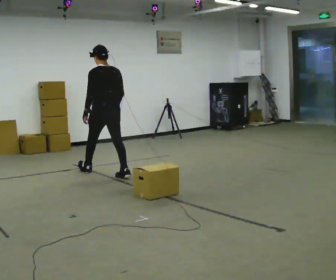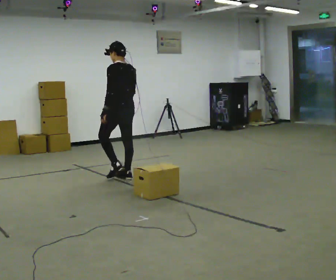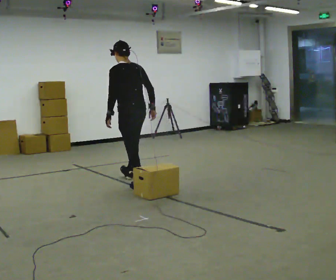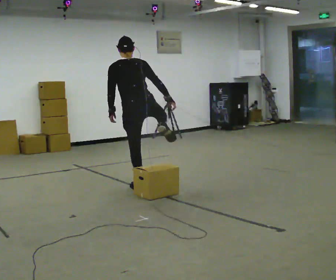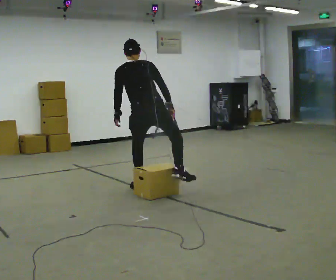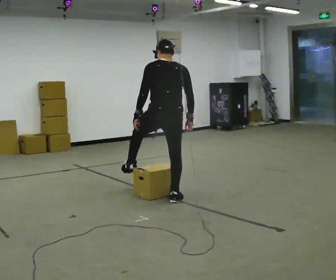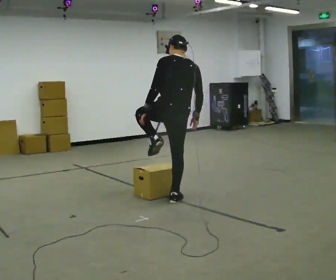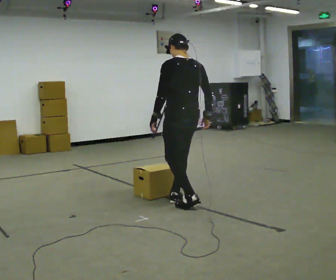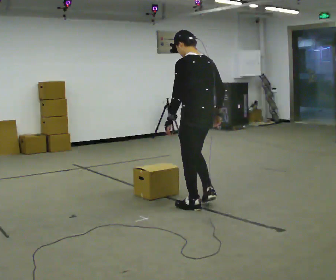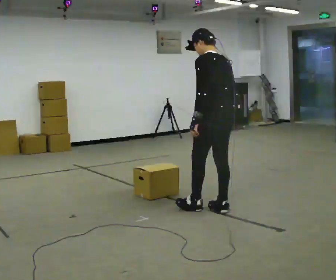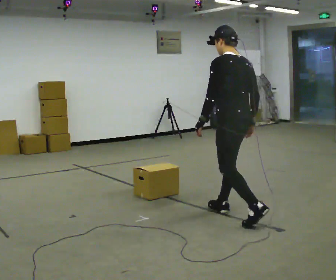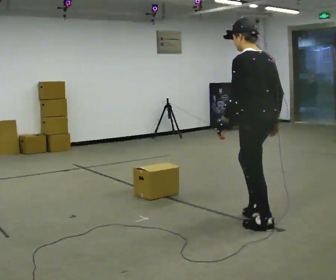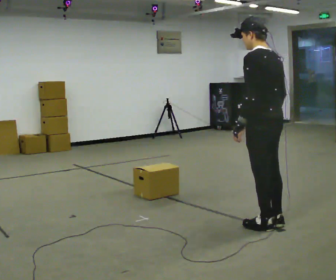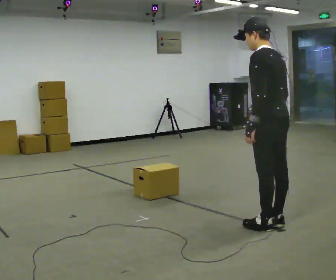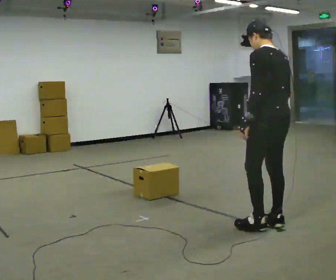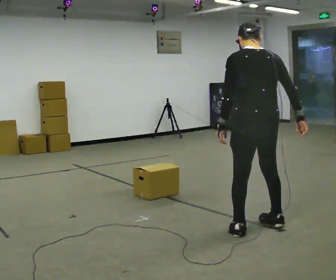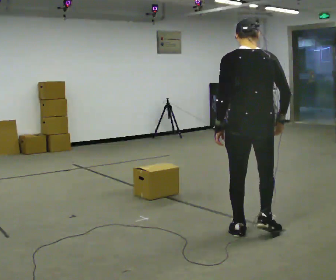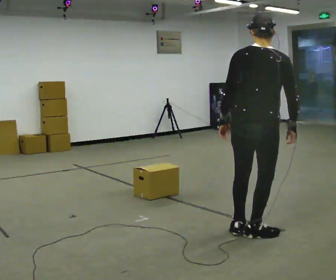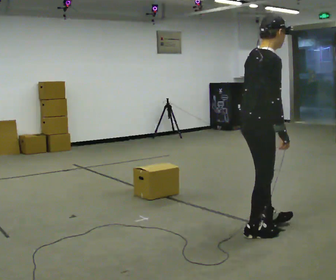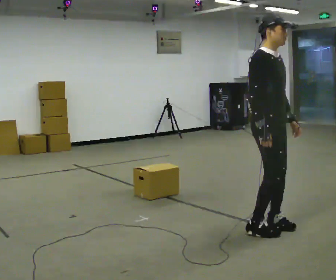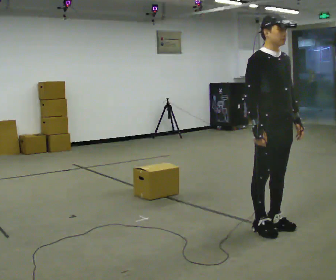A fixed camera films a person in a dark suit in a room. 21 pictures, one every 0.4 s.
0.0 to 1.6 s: Seen from above the body turns clockwise, about 30 degrees: to their right, with its near side sliding to the left. In the picture they go to the right and toward the camera, about 1 m in 2 steps, which for them is backward. In the picture the upper body tilts counterclockwise, shoulders to the left, as they bend forward.
1.6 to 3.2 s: The part of the body nearest the lens slides to the right as the person turns to their left by about 45 degrees. In the picture they go to the right and toward the camera, about 1 m in 2 steps, which for them is backward.
3.2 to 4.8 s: In the picture they go to the right and toward the camera, about 1 m in 2 steps, which for them is backward.
4.8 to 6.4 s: The part of the body nearest the lens slides to the left as the person turns to their right by about 30 degrees. In the picture they go toward the camera, about 0.25 m in 2 steps, which for them is to their left.
6.4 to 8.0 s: The person turns about 150 degrees to their right, clockwise seen from above, so the part of the body nearest the lens slides to the left. In the picture their left hand goes to the right, the arm swinging counterclockwise.
The film runs backward here.
